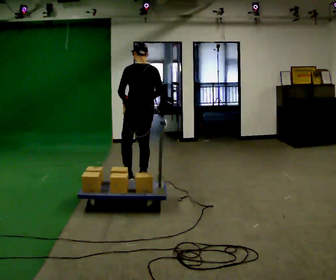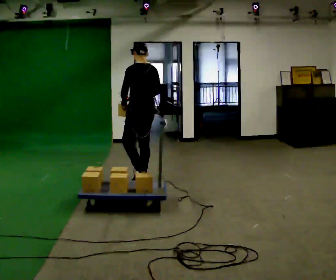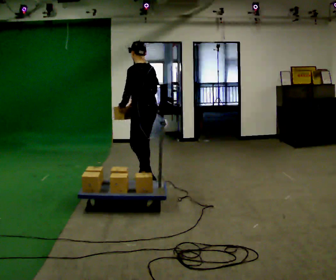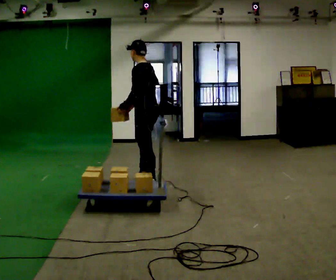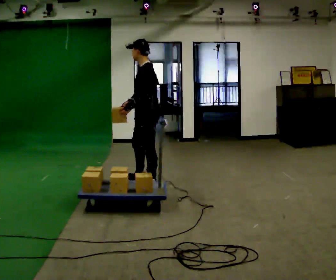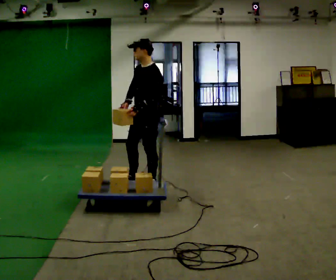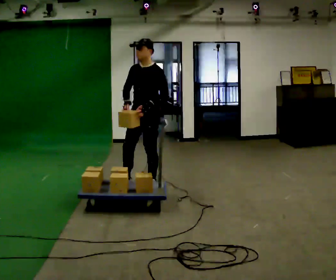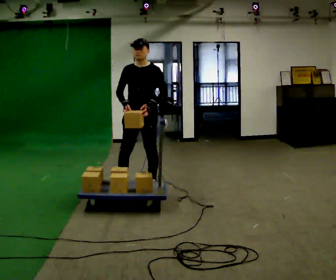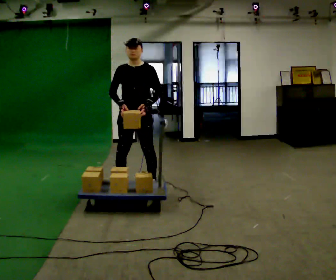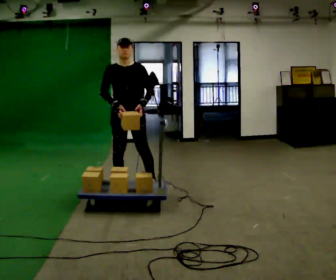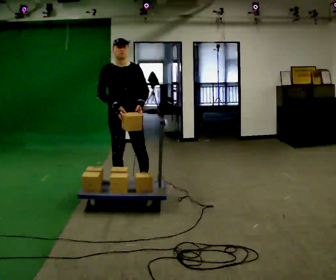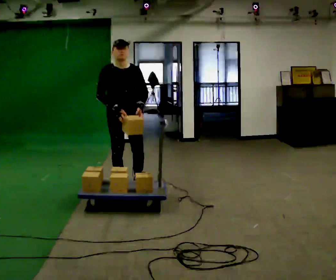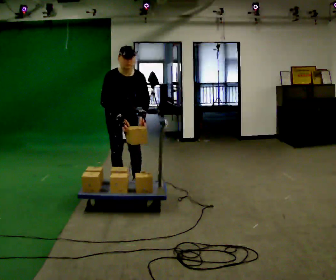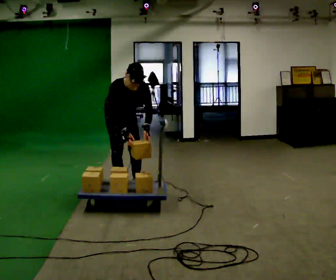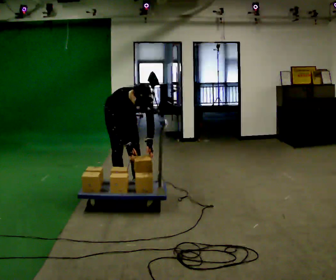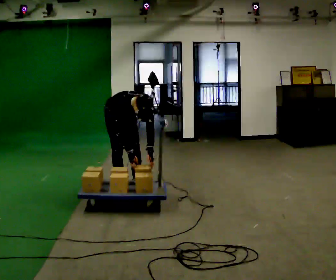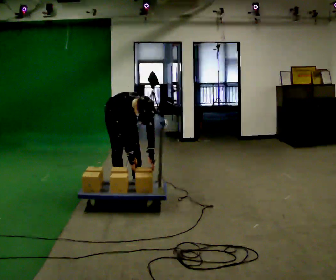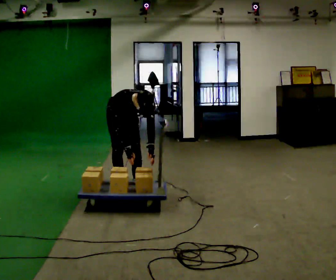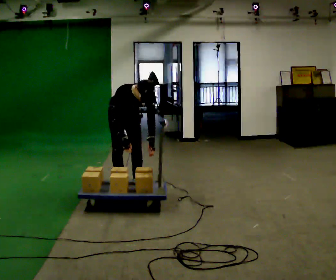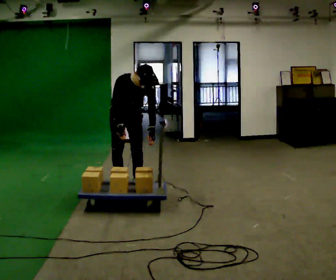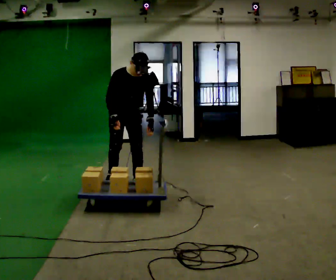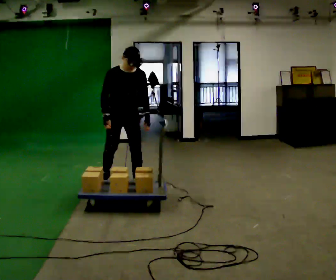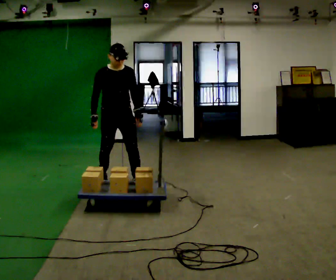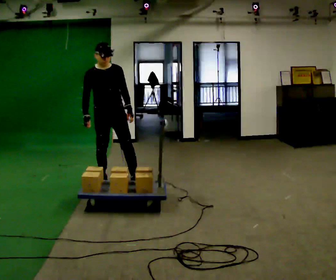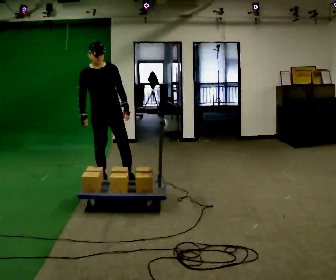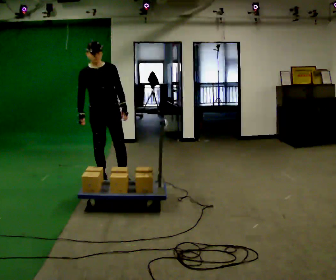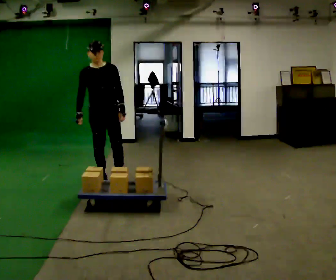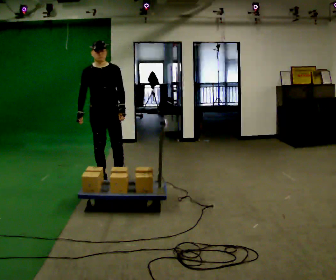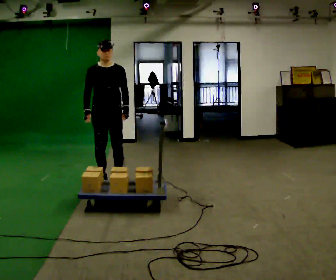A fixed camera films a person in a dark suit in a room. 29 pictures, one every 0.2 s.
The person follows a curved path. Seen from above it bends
clockwise.
The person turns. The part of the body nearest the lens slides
to the right.
0.0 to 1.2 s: Seen from above the body turns counterclockwise, about 105 degrees: to their left, with its near side sliding to the right. In the picture they go toward the camera, about 0.25 m in 1 step.
1.2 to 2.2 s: The part of the body nearest the lens slides to the right as the person turns to their left by about 60 degrees. In the picture they go to the left, about 0.25 m in 1 step.
2.2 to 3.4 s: The upper body goes downward. The upper body tips toward the camera, its near side rolling downward, as they bend forward. In the picture their left hand goes downward.
3.4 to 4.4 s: The upper body goes upward. The upper body tips away from the camera, its near side rolling upward, as they lean back or straighten. In the picture their right hand goes to the left and upward.
4.4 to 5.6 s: The person moves a little, or ends about where they began.
The film runs backward here.
